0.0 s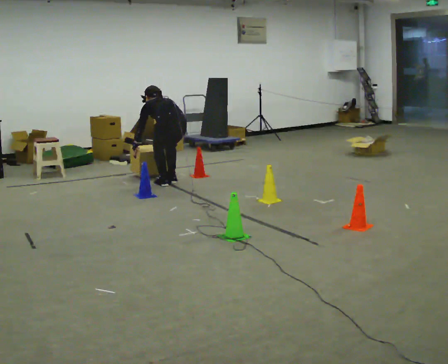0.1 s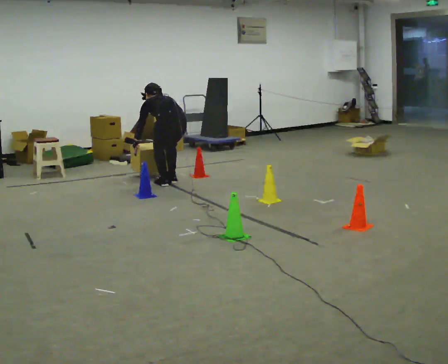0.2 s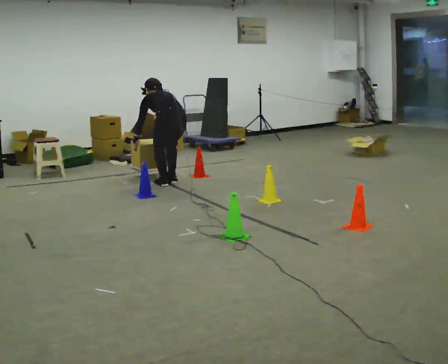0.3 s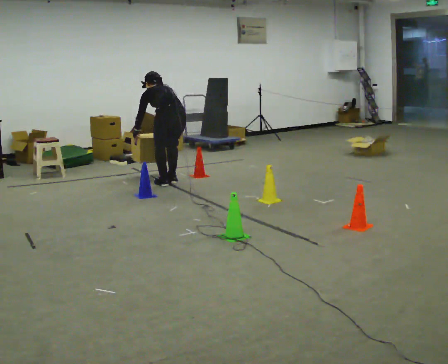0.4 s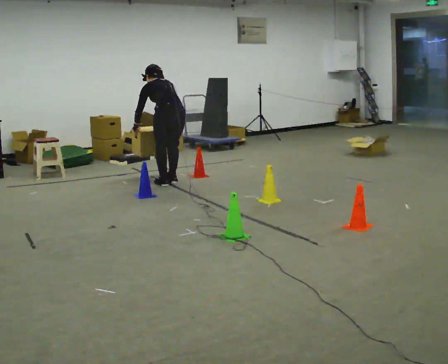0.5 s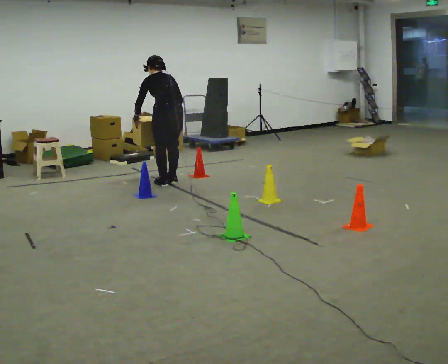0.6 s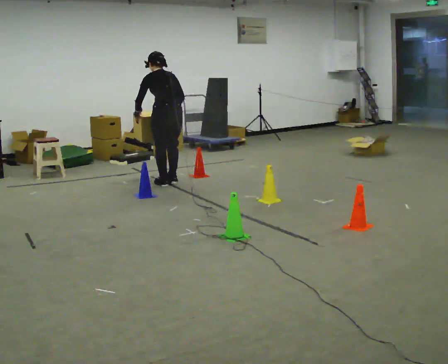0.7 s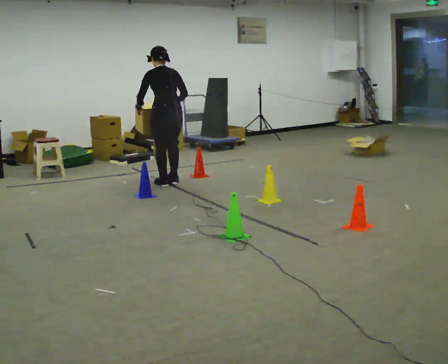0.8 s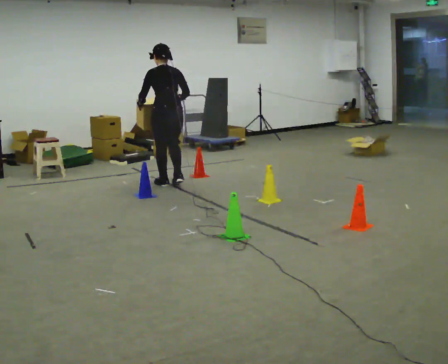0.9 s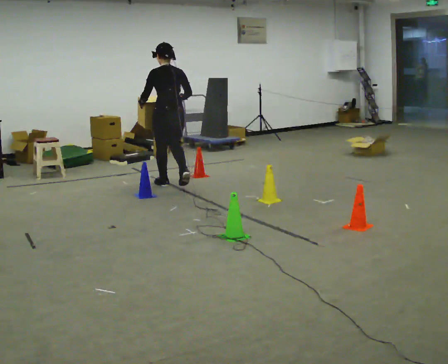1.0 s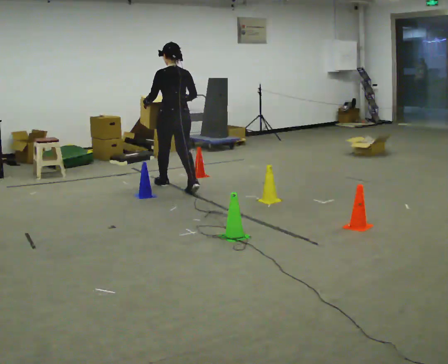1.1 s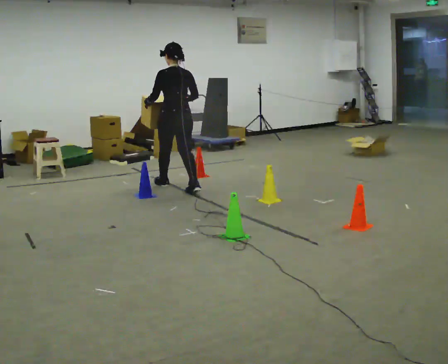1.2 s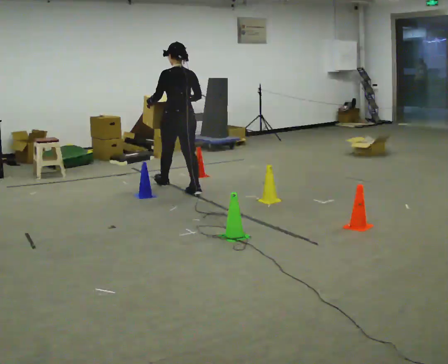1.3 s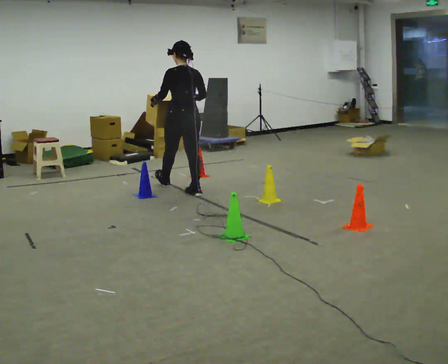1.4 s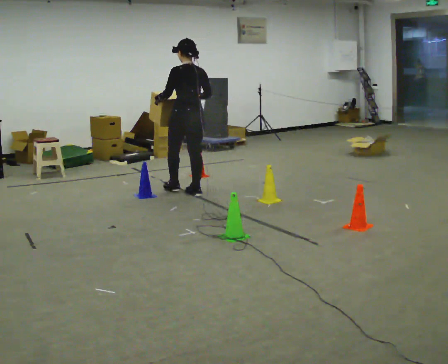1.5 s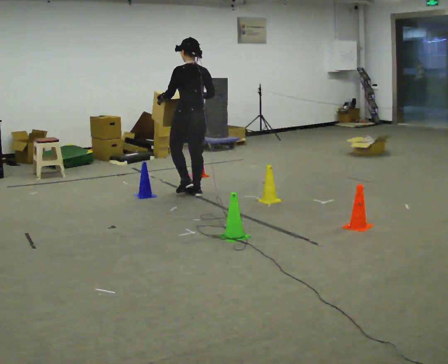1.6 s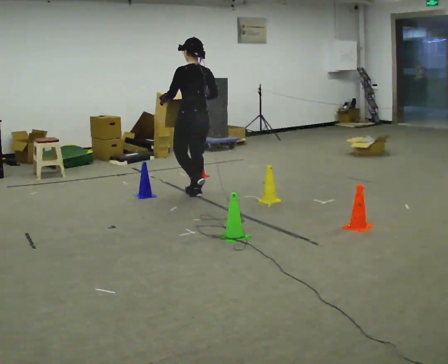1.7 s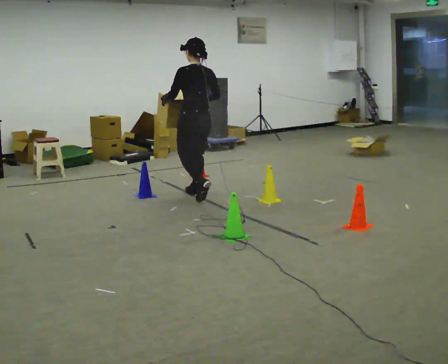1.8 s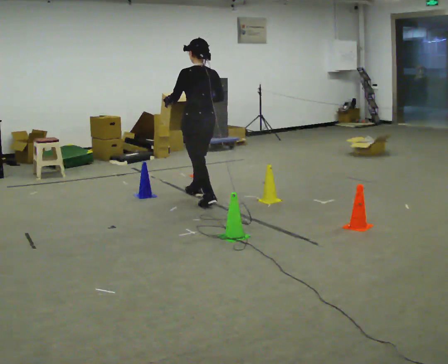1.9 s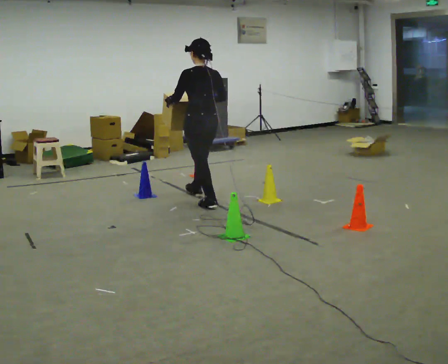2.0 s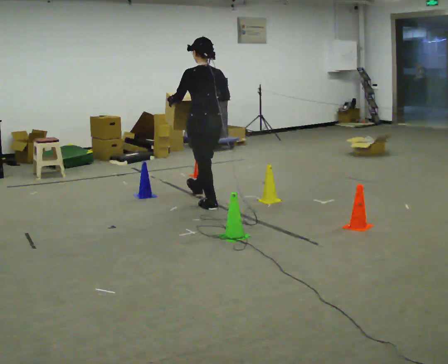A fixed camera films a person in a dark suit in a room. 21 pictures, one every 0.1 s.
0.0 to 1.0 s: The shoulders move upward. The upper body tips toward the camera, its near side rolling downward, as they lean back or straighten. In the picture their right hand goes upward.
1.0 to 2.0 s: In the picture they go toward the camera and to the right, about 1 m in 2 steps, which for them is backward.
The film runs backward here.
